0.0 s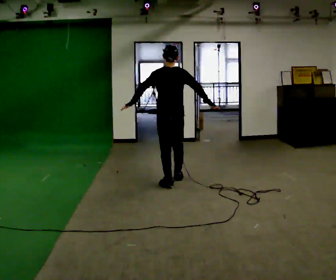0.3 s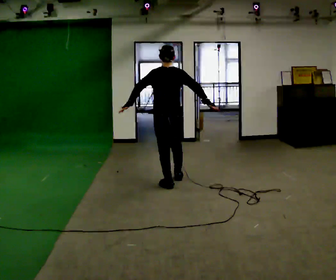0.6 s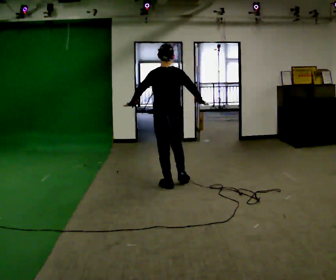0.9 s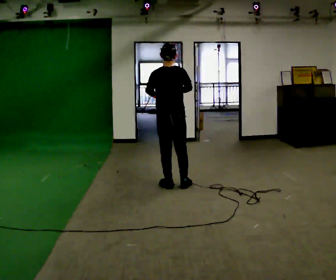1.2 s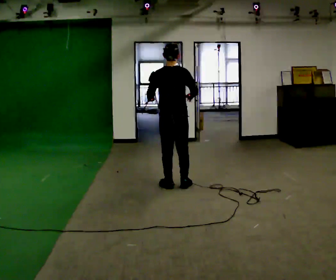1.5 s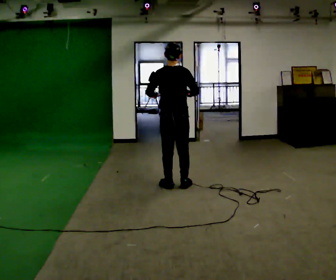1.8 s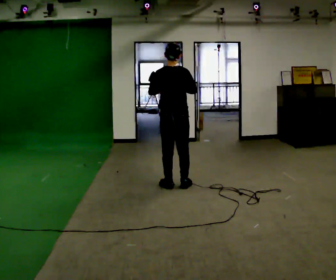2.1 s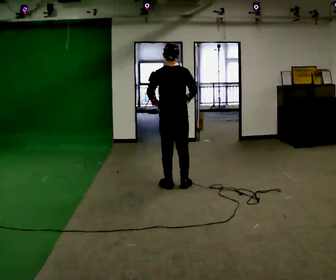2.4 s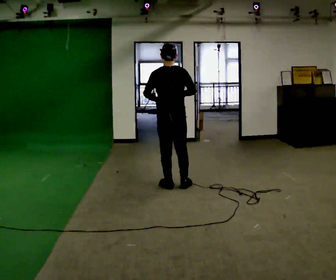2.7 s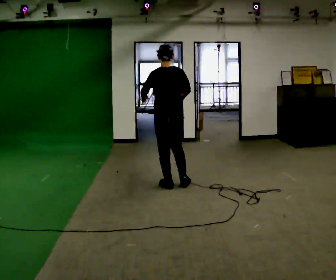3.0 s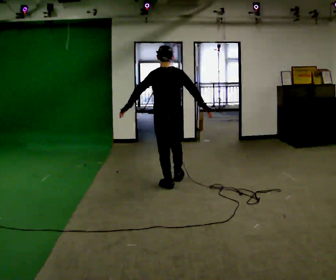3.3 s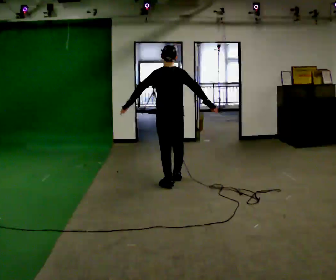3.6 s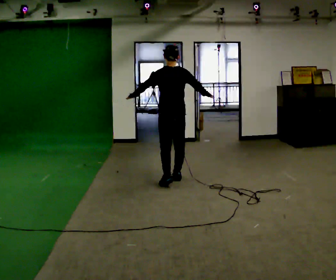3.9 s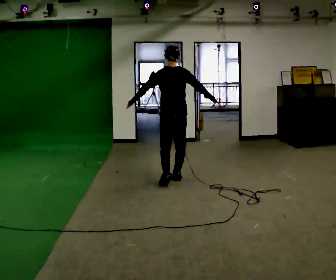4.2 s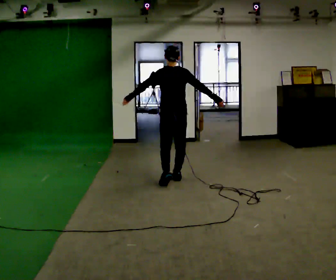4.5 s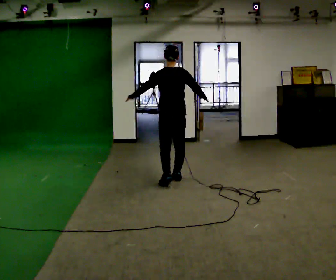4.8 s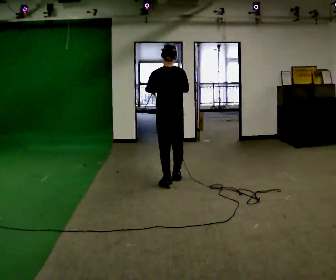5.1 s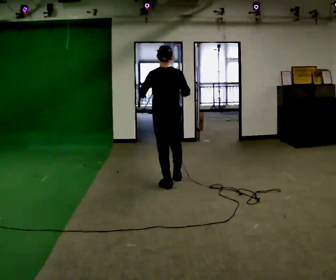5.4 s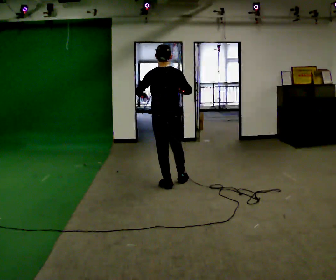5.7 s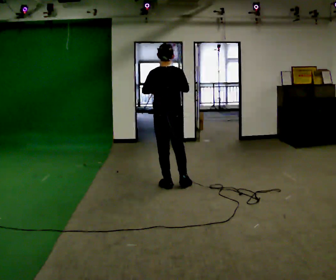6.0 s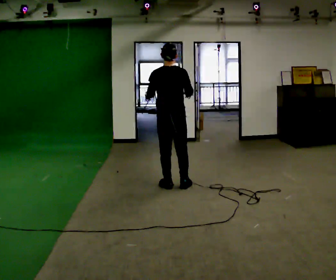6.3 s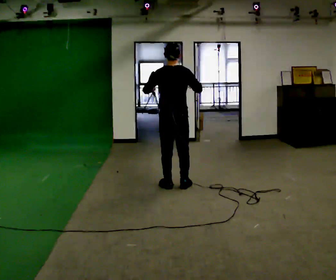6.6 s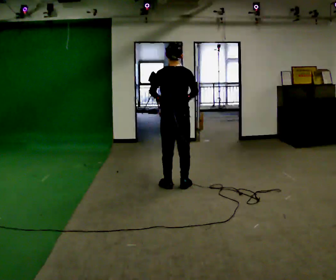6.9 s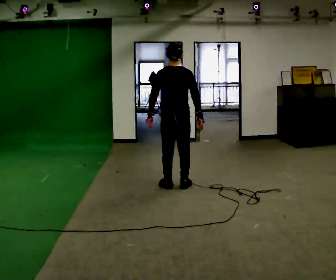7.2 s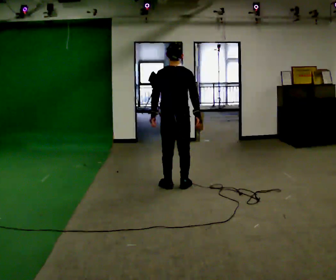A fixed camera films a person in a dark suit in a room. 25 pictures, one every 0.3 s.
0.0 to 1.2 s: In the picture they go toward the camera, about 0.25 m in 1 step, which for them is backward.
1.2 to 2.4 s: The person moves a little, or ends about where they began.
2.4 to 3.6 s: In the picture they go away from the camera, about 0.25 m in 1 step, which for them is forward. In the picture their left hand goes to the left.
3.6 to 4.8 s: In the picture their right hand goes to the left.
4.8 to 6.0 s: In the picture they go toward the camera, about 0.25 m in 1 step, which for them is backward.
6.0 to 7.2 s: The person moves a little, or ends about where they began.
The film runs backward here.
